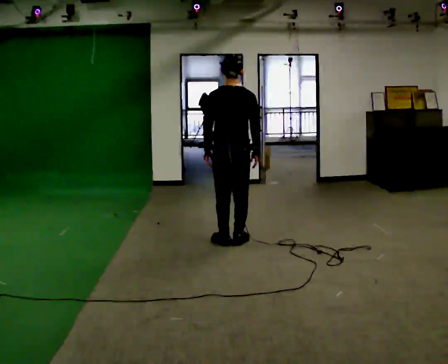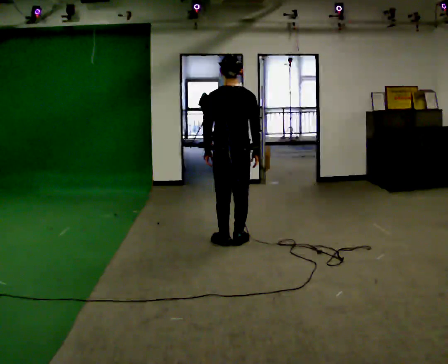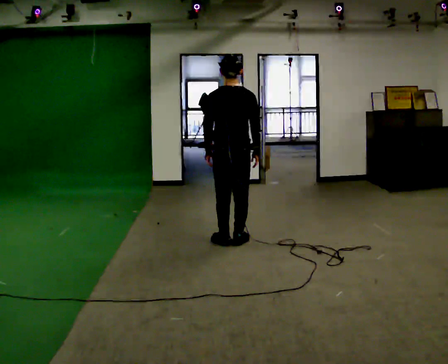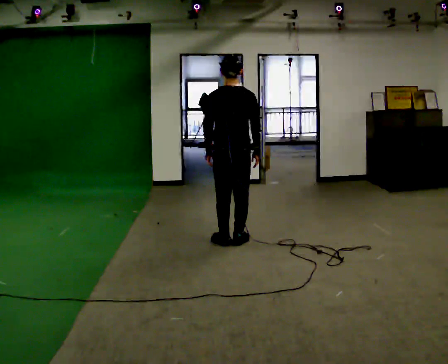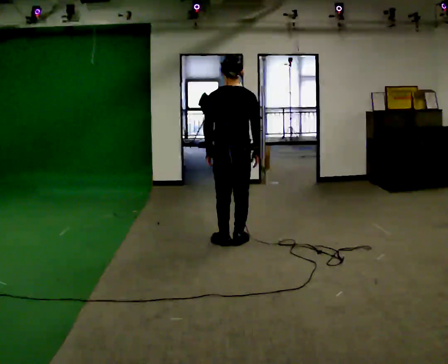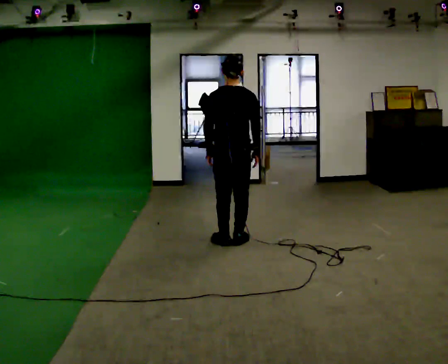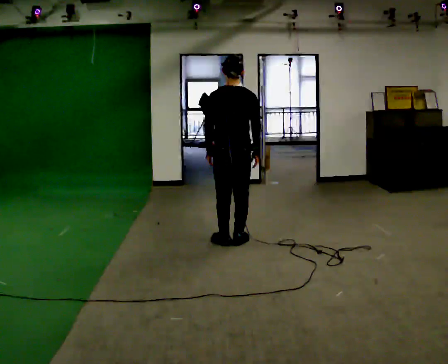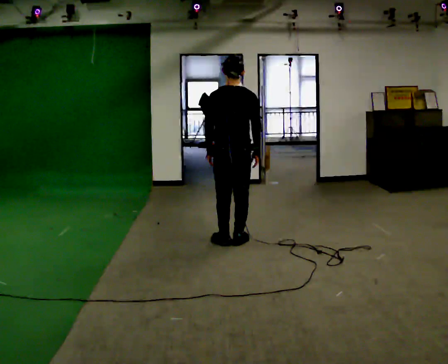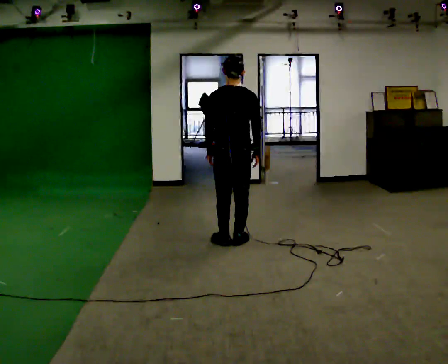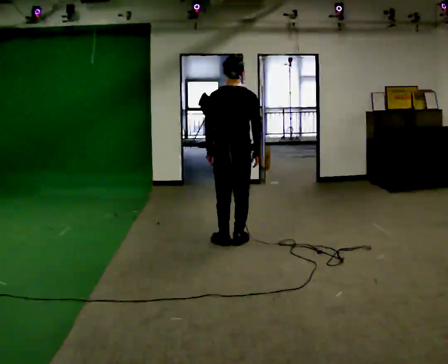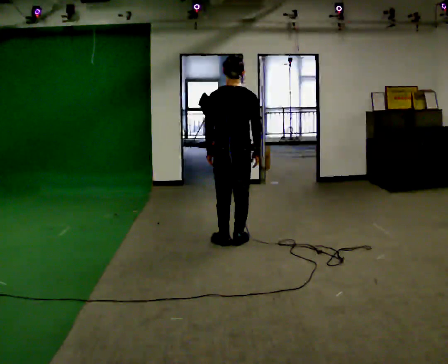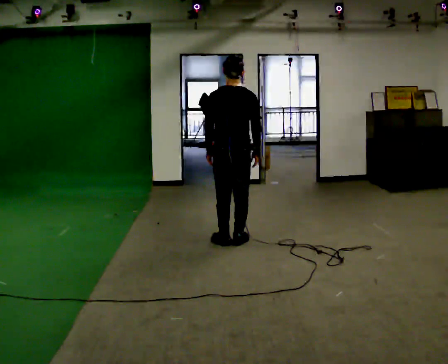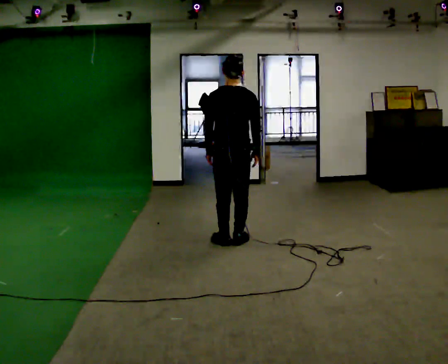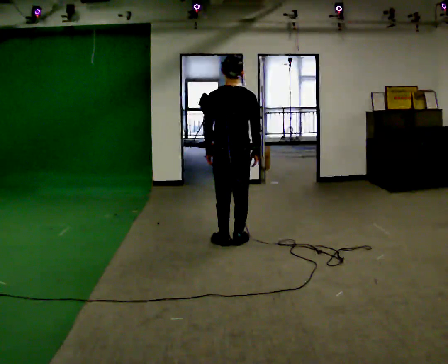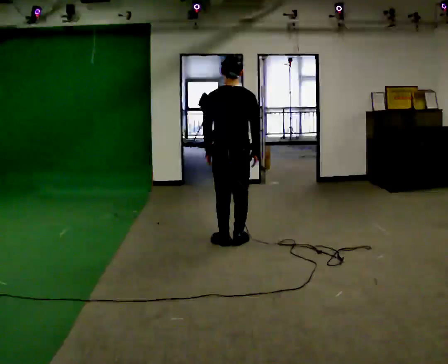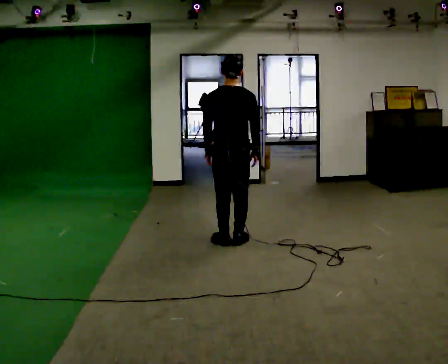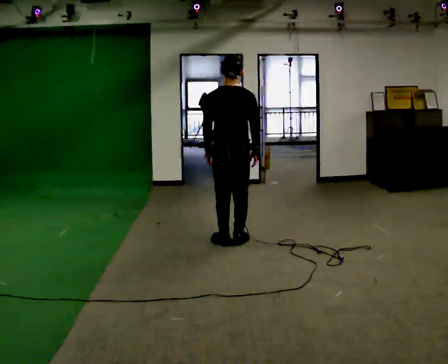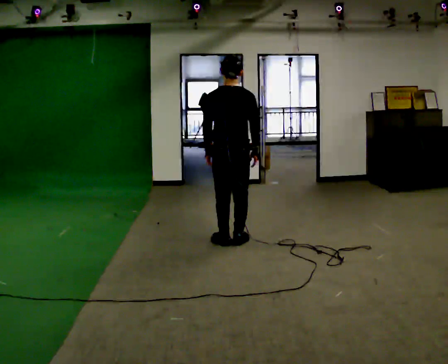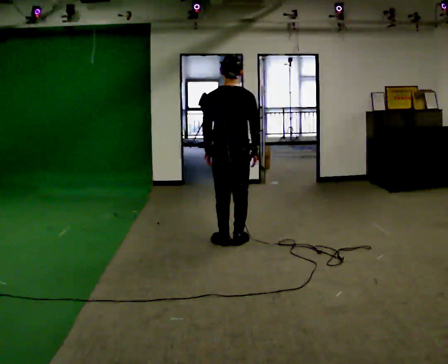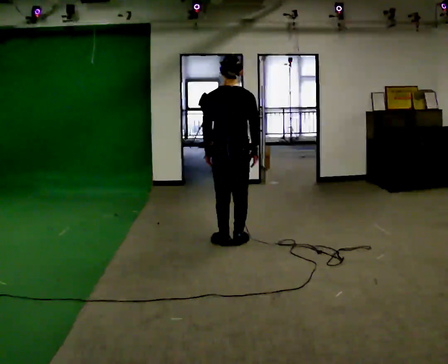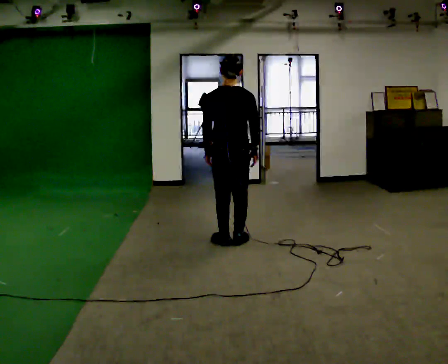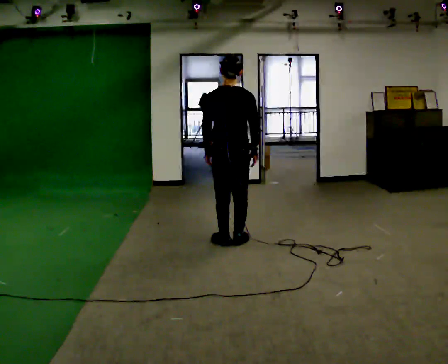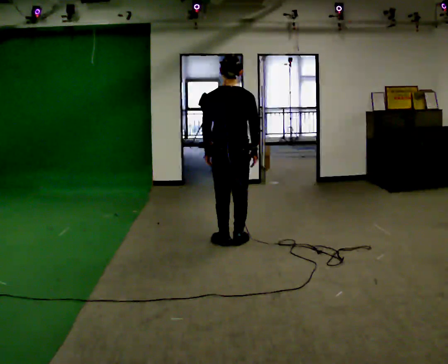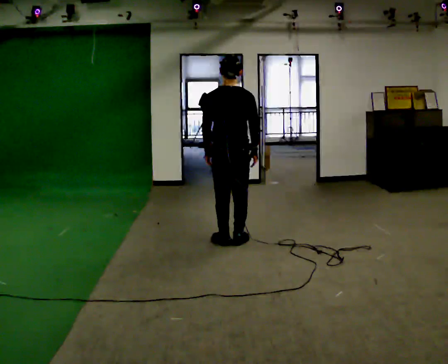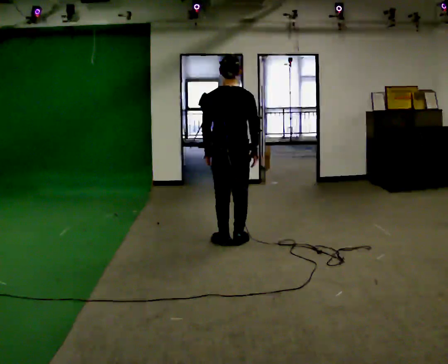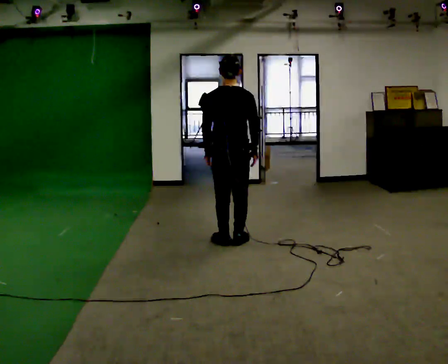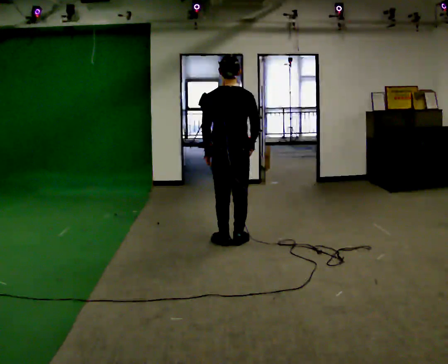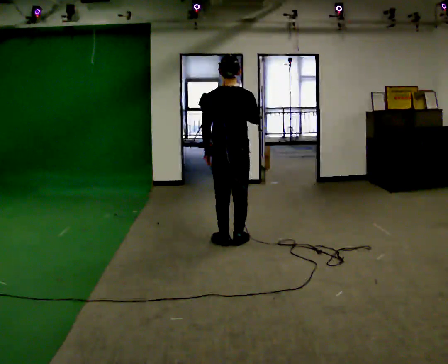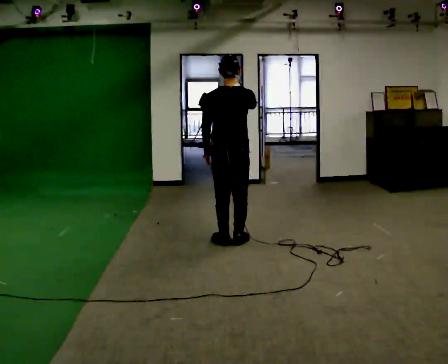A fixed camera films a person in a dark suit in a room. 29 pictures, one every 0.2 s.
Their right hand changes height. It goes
upward.
0.0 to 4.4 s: The person moves a little, or ends about where they began.
4.4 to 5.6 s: In the picture their right hand goes upward.
The film runs forward here.
